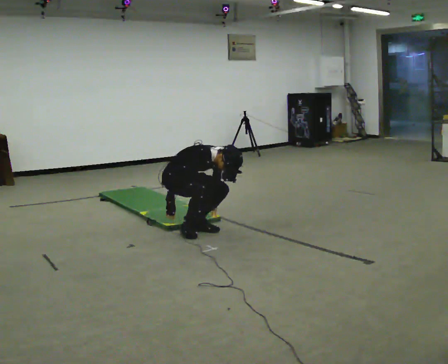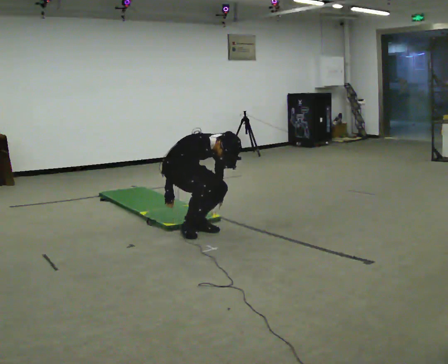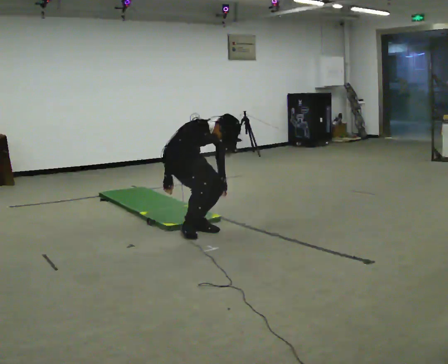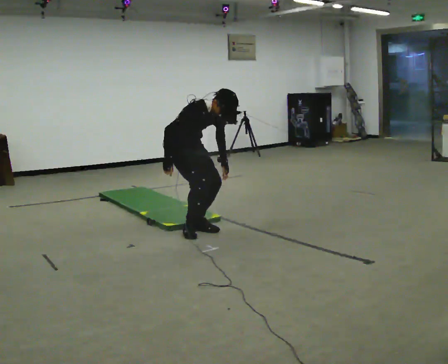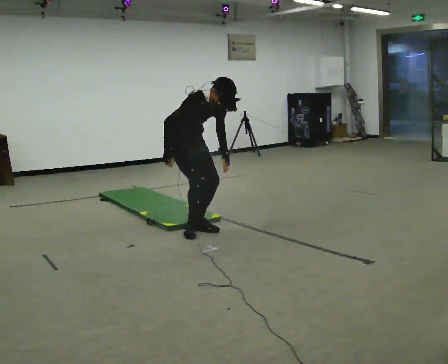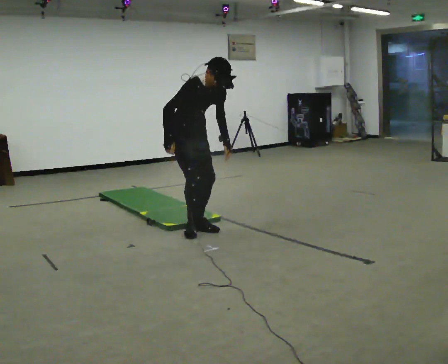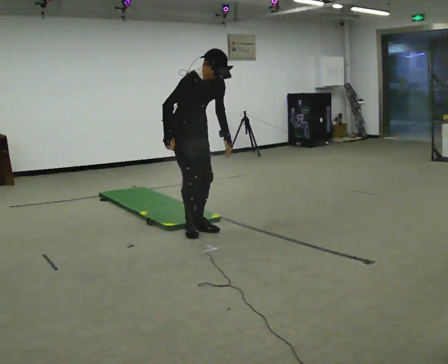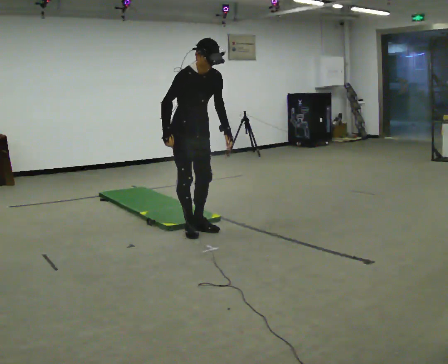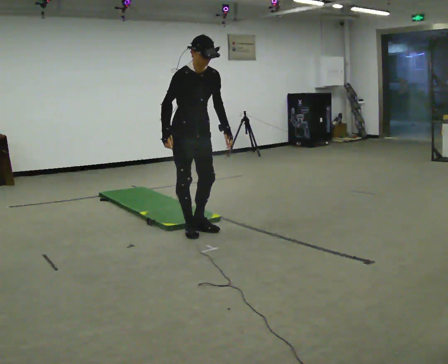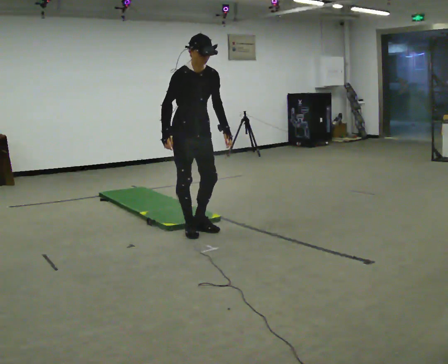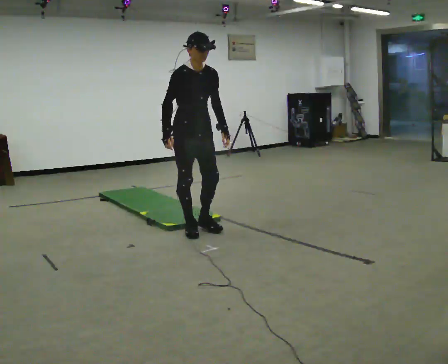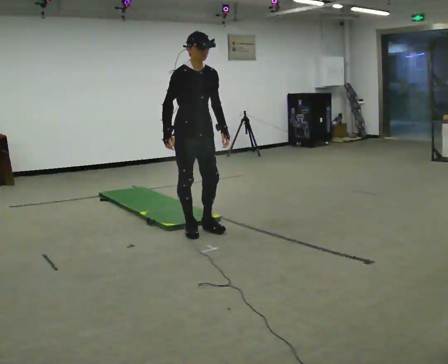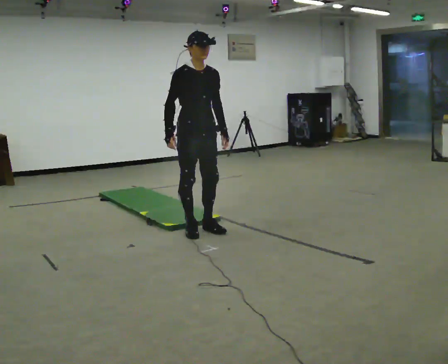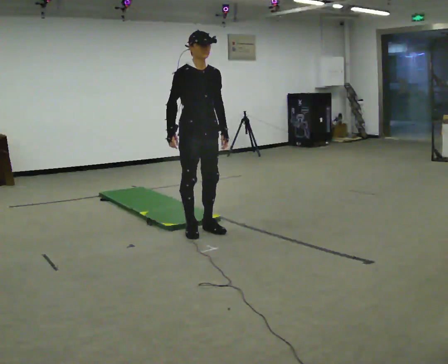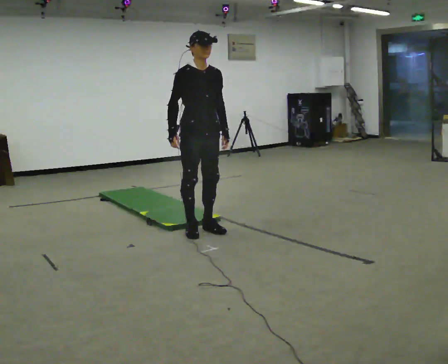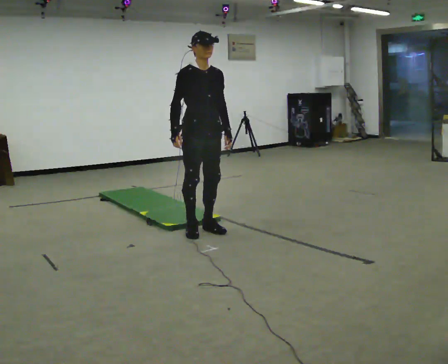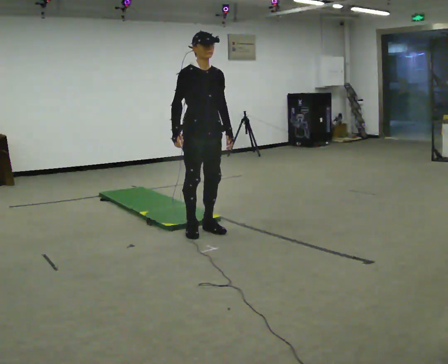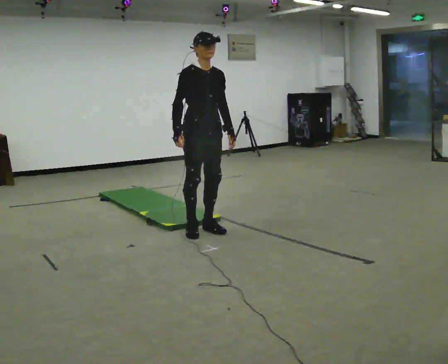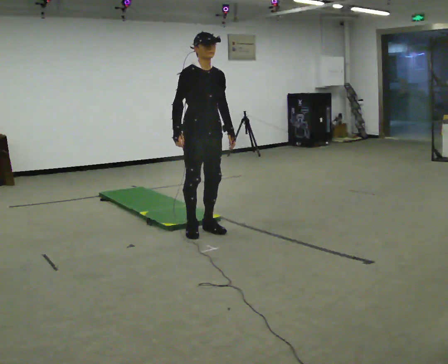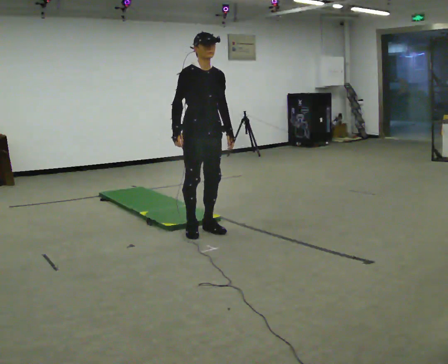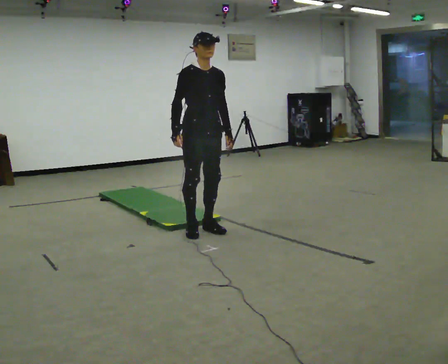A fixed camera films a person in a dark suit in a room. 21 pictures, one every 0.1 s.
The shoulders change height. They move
upward.
Their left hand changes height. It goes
upward.
0.0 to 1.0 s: In the picture they go toward the camera, about 0.25 m, which for them is forward. The shoulders move upward. In the picture the upper body tilts counterclockwise, shoulders to the left, as they lean back or straighten. In the picture their left hand goes upward.
1.0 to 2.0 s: The person moves a little, or ends about where they began.
The film runs forward here.
